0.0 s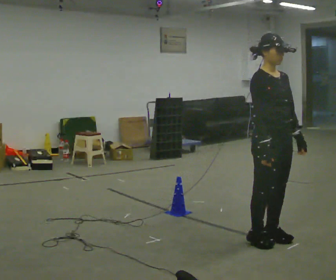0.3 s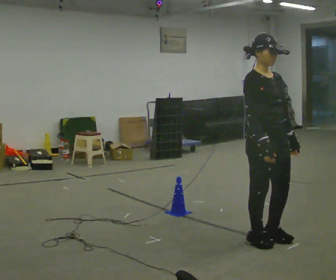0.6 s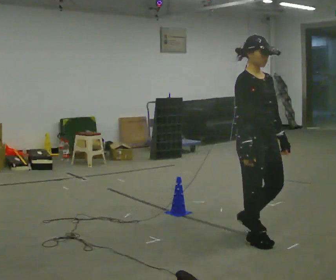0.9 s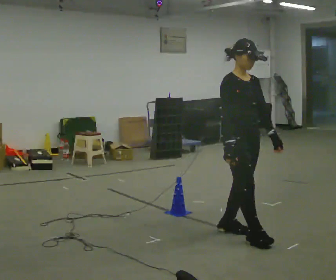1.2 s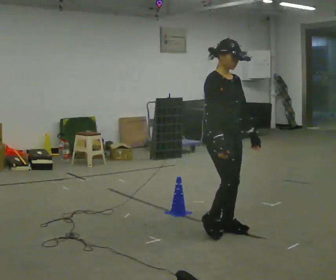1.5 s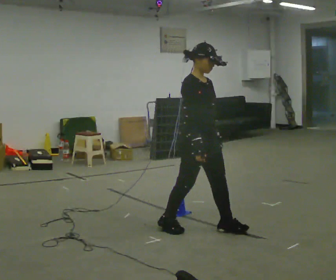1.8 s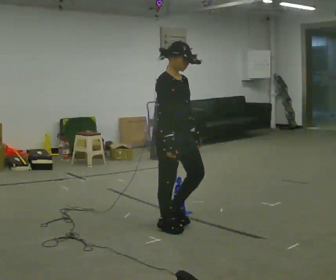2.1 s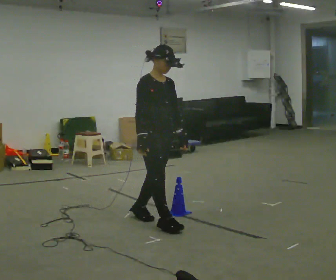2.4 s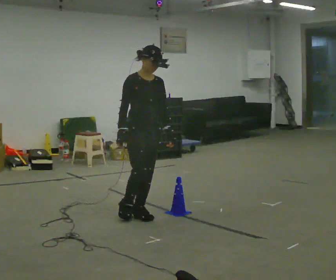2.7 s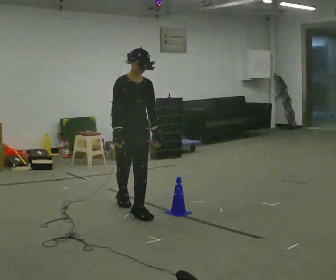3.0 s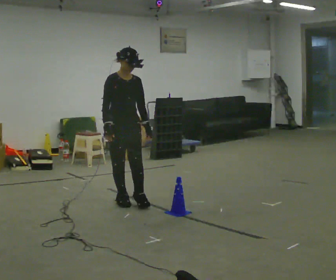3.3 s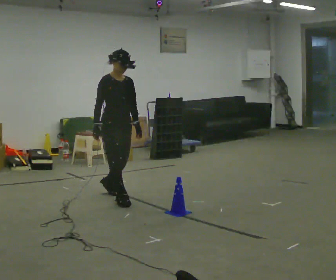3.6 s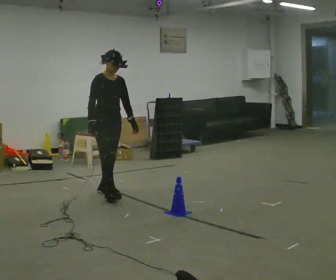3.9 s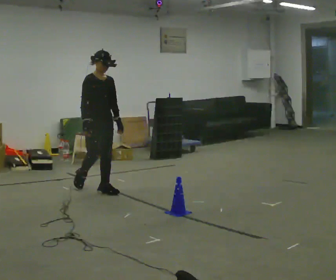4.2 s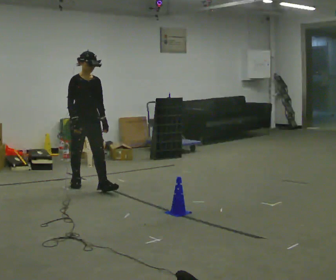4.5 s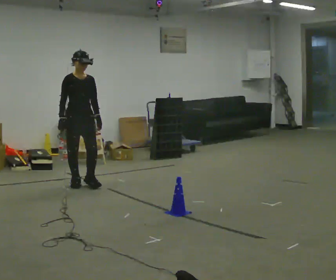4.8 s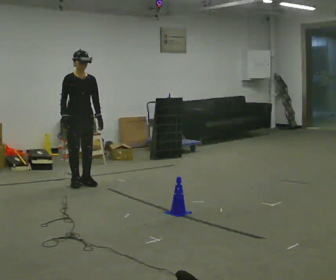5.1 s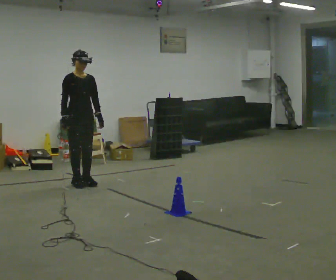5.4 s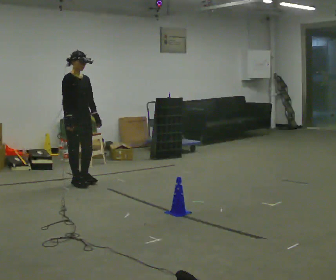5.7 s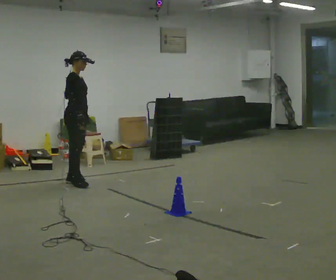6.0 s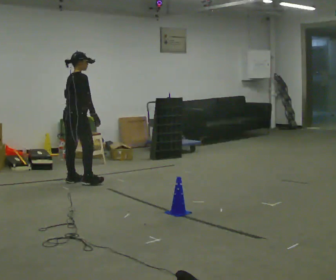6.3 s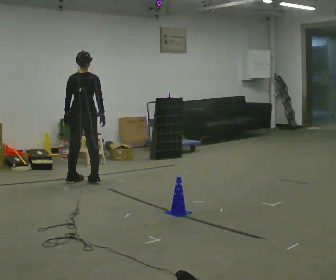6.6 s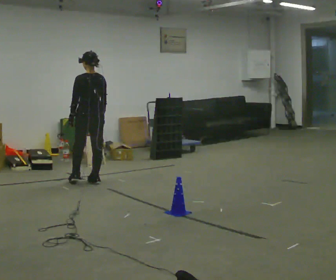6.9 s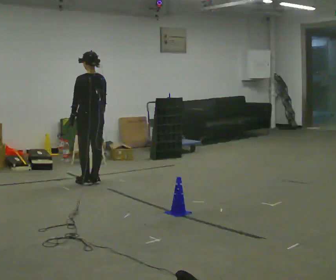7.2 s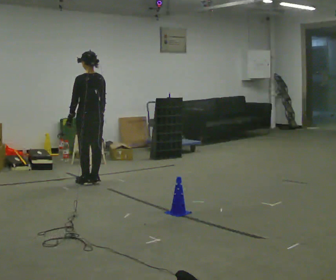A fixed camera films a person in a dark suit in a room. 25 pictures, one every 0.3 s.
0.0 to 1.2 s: In the picture they go away from the camera and to the left, about 0.5 m in 2 steps, which for them is backward.
1.2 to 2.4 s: In the picture they go to the left and away from the camera, about 1 m in 2 steps, which for them is backward.
2.4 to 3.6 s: In the picture they go away from the camera, about 1 m in 2 steps, which for them is backward.
3.6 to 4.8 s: In the picture they go away from the camera and to the left, about 0.5 m in 1 step, which for them is backward.
4.8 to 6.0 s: The part of the body nearest the lens slides to the right as the person turns to their left by about 105 degrees. In the picture their left hand goes to the left.
6.0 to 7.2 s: The part of the body nearest the lens slides to the right as the person turns to their left by about 90 degrees. In the picture they go to the right, about 0.25 m in 1 step.
The film runs backward here.
